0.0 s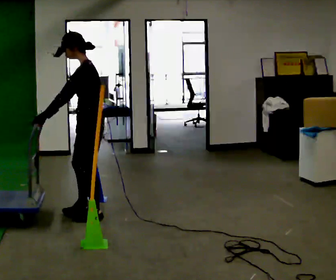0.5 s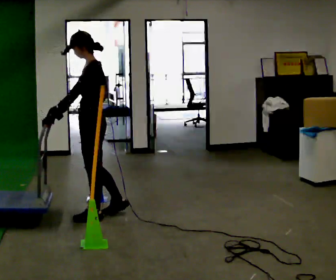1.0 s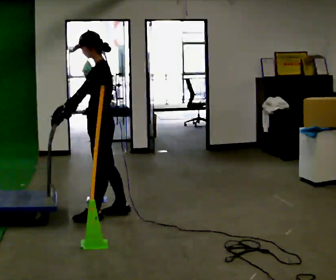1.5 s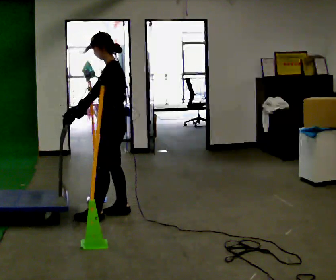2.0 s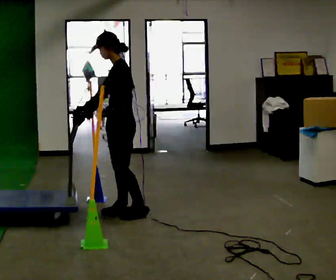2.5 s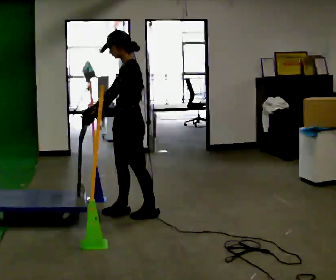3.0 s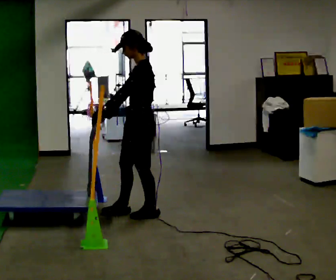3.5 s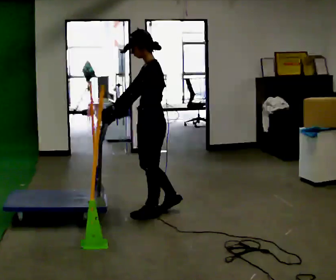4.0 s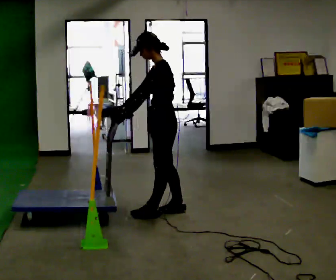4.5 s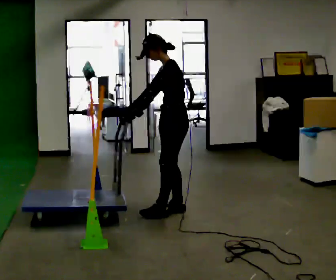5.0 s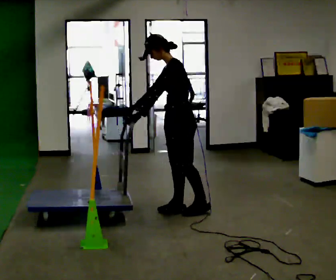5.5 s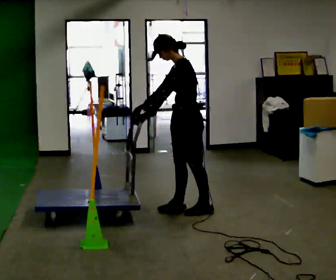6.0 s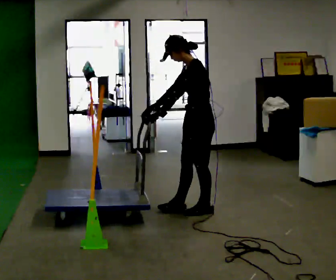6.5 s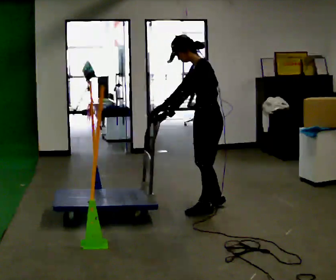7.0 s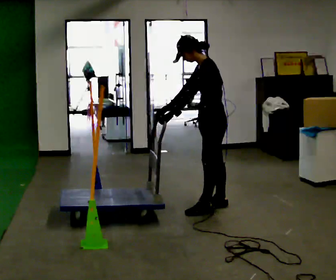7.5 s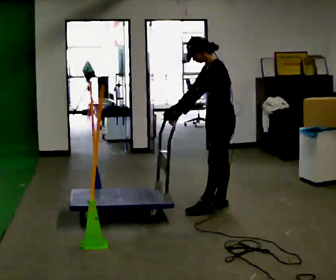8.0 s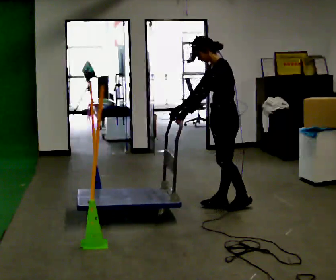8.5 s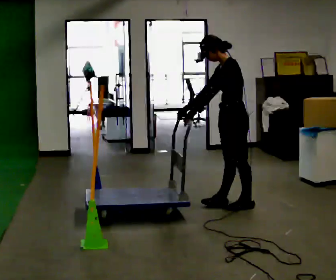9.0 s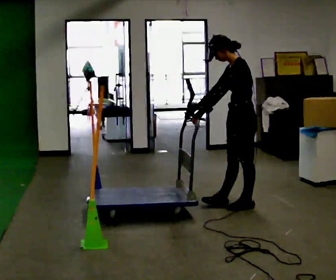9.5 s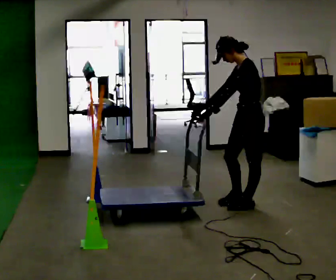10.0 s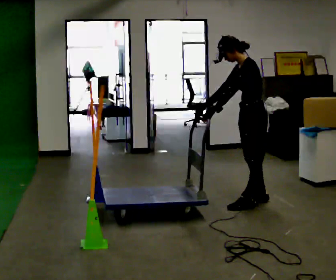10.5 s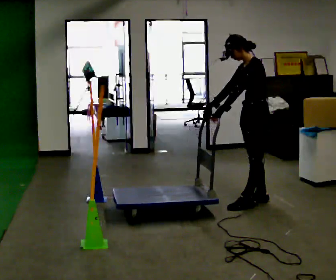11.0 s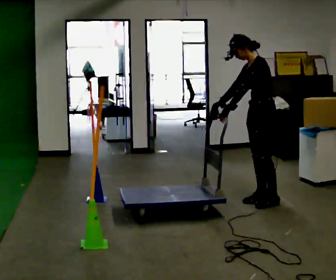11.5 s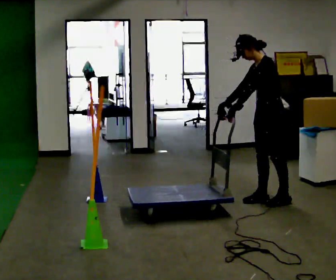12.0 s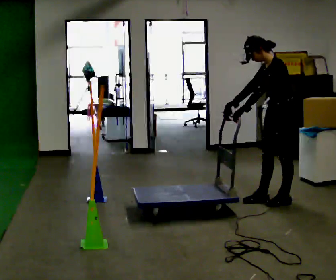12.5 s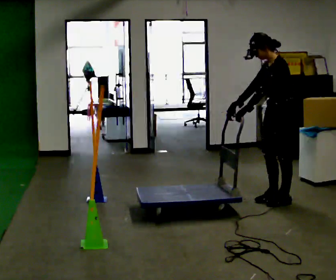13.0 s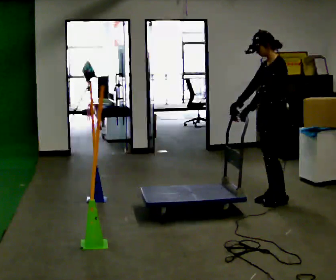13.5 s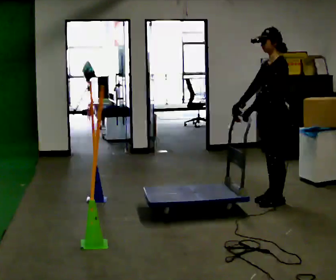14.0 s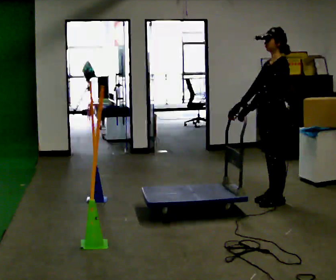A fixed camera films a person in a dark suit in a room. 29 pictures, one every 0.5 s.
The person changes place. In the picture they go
to the right.
0.0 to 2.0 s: In the picture they go to the right and away from the camera, about 0.25 m in 1 step, which for them is backward and to their right.
2.0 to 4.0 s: In the picture they go to the right, about 0.25 m in 2 steps, which for them is backward.
4.0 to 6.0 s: In the picture they go to the right, about 0.25 m in 1 step, which for them is backward.
6.0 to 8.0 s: In the picture they go to the right and away from the camera, about 0.25 m in 1 step, which for them is backward and to their right.
8.0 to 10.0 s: In the picture they go to the right, about 0.25 m in 2 steps, which for them is backward.
10.0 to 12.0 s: In the picture they go to the right, about 0.25 m in 1 step, which for them is backward.
12.0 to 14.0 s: In the picture the upper body tilts clockwise, shoulders to the right, as they lean back or straighten.
The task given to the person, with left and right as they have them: Push the cart through the gap between the poles without touching them, then bring it back through.
The film runs forward here.
